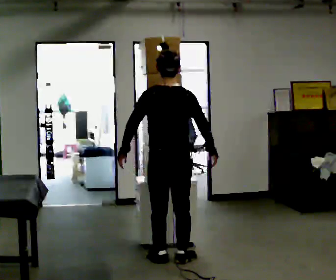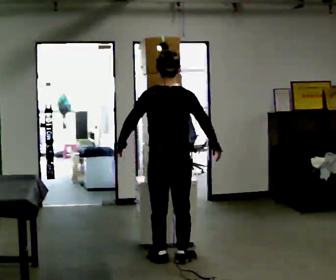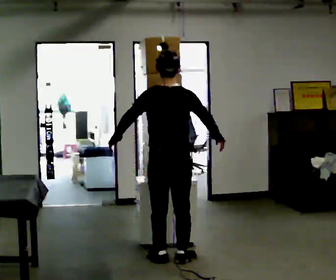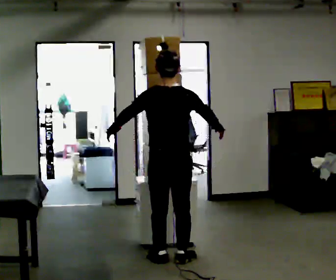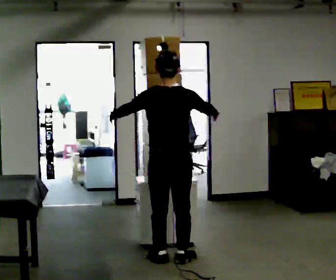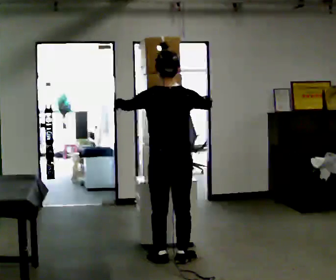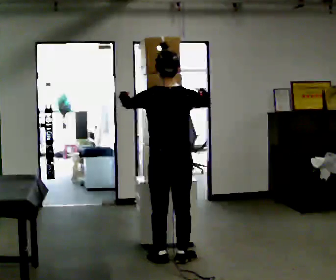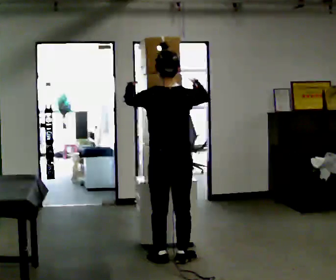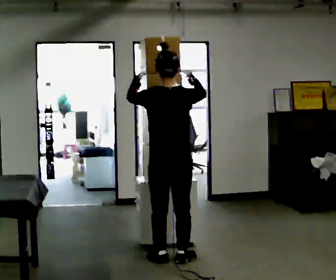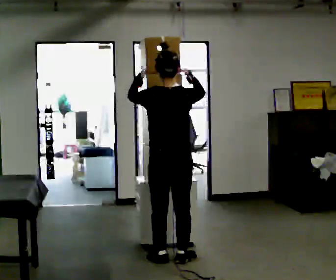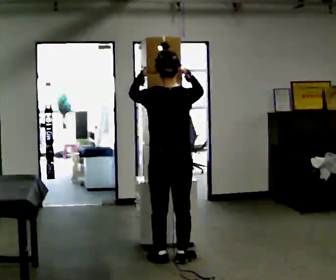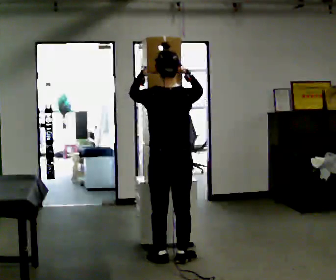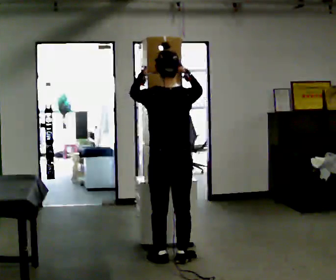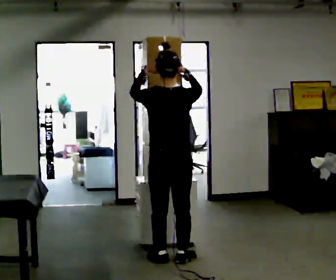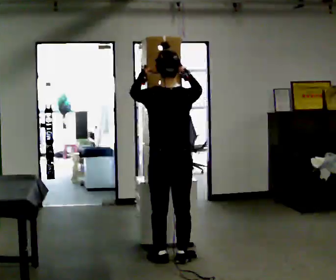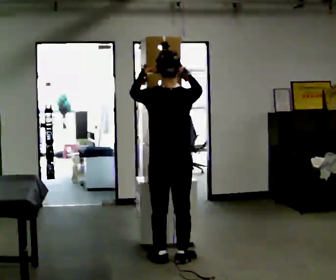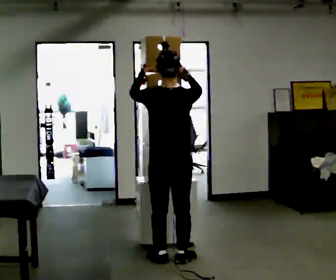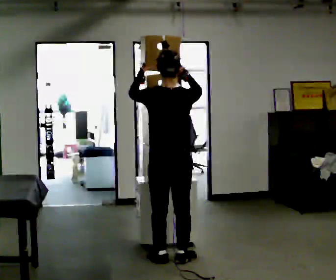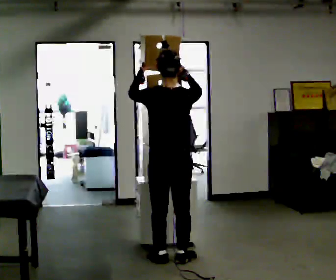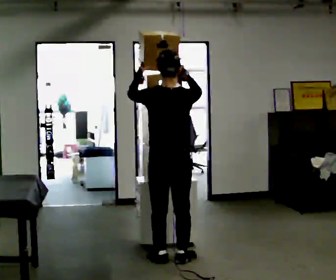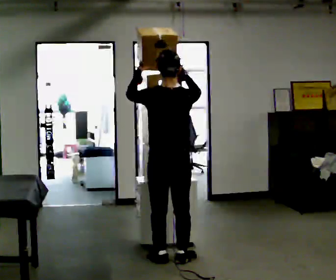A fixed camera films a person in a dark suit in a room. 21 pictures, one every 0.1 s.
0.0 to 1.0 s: In the picture their right hand goes upward.
1.0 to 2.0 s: The person moves a little, or ends about where they began.
The film runs forward here.
